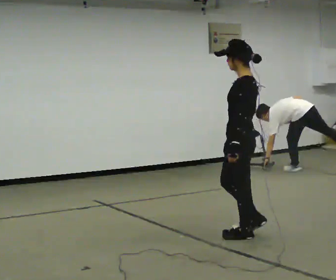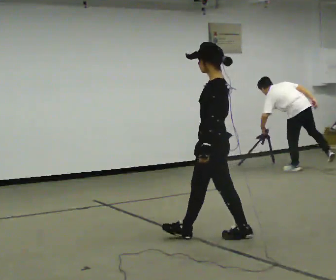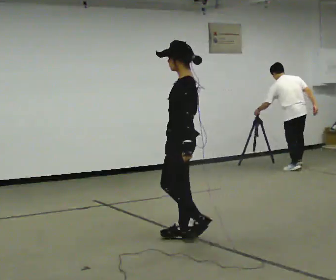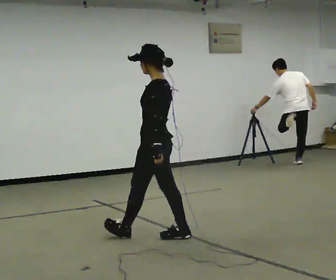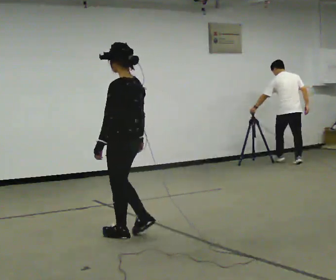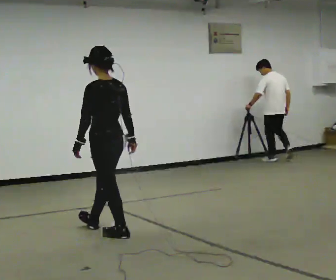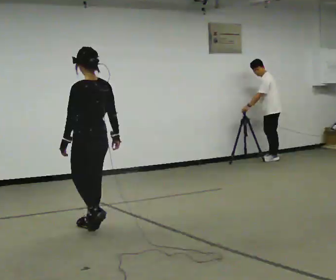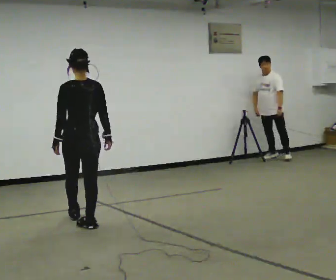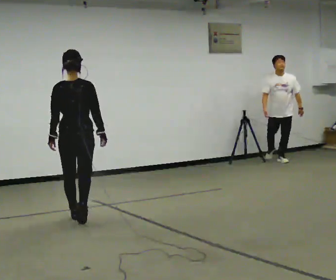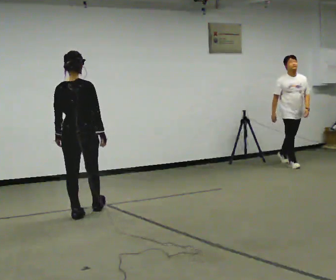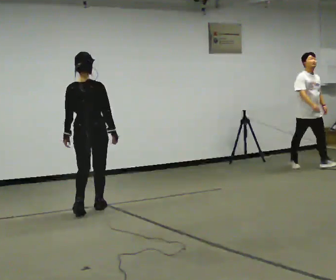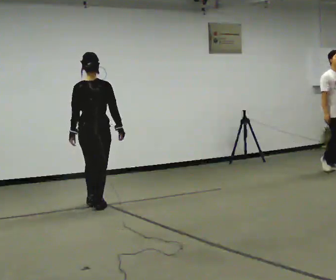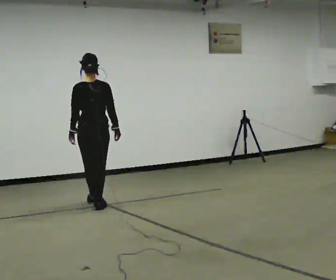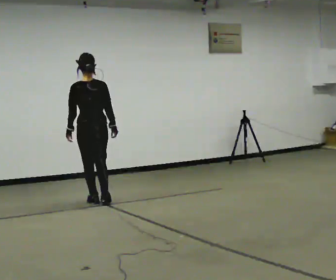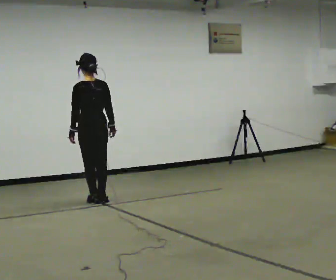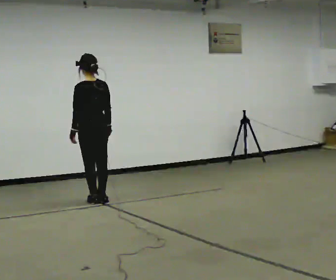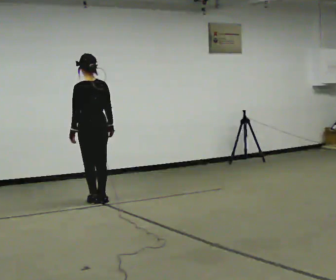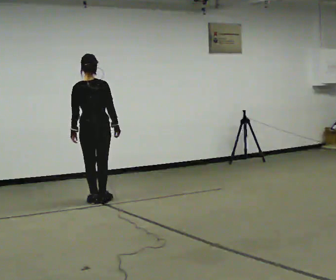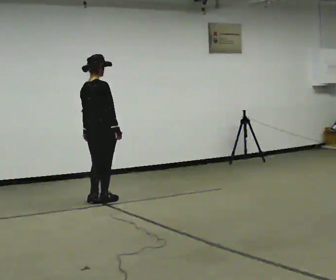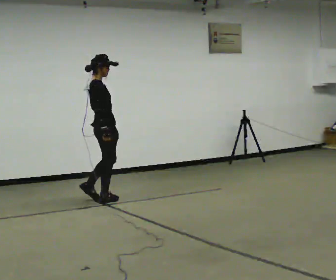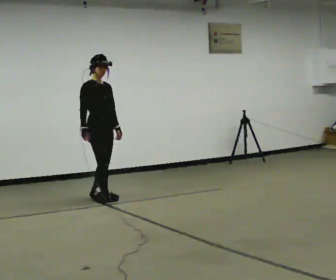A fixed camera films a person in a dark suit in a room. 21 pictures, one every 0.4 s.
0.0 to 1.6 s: In the picture they go to the left, about 1 m in 2 steps, which for them is forward.
1.6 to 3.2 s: The person turns about 60 degrees to their right, clockwise seen from above, so the part of the body nearest the lens slides to the left. In the picture they go away from the camera and to the left, about 1 m in 2 steps.
3.2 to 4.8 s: In the picture they go away from the camera, about 0.5 m in 2 steps, which for them is forward.
4.8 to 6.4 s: The part of the body nearest the lens slides to the right as the person turns to their left by about 30 degrees. In the picture they go away from the camera, about 0.25 m in 1 step, which for them is forward.
6.4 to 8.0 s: Seen from above the body turns clockwise, about 165 degrees: to their right, with its near side sliding to the left. In the picture their right hand goes to the left.
The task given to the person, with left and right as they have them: Walk forward; gradually curve left/right; straighten out.
The film runs forward here.
